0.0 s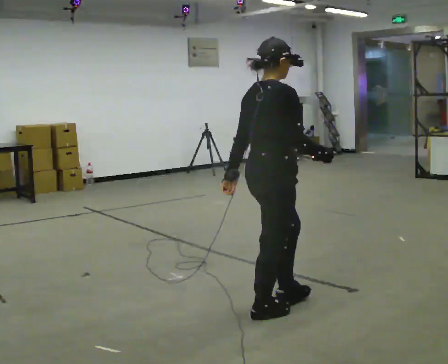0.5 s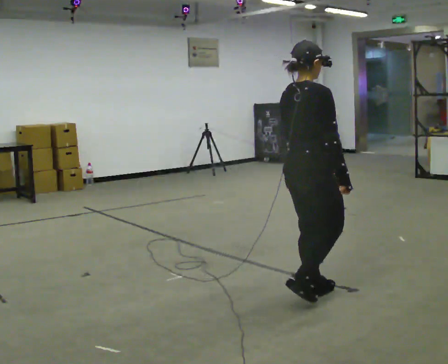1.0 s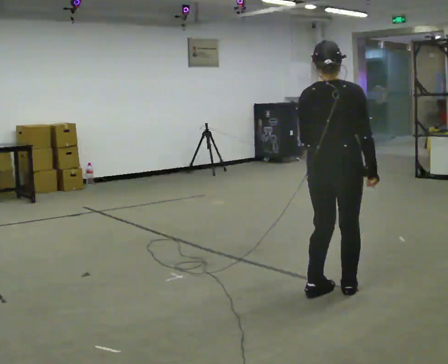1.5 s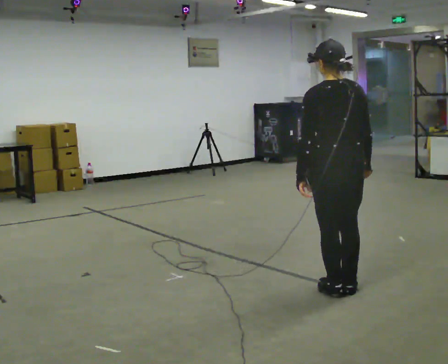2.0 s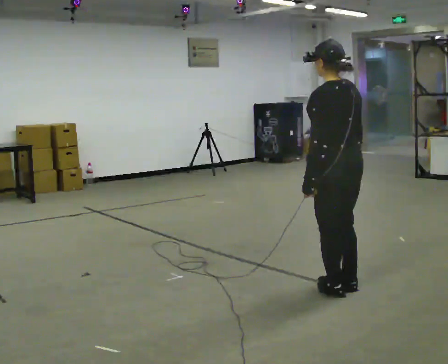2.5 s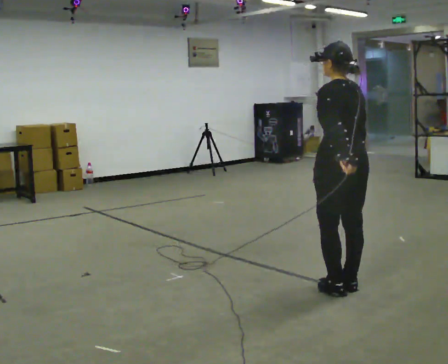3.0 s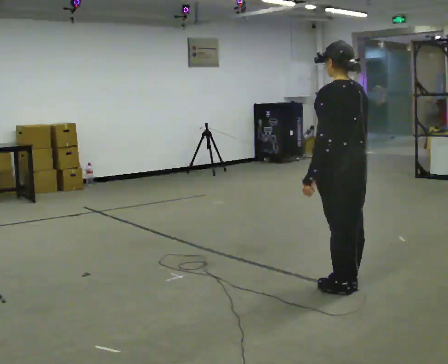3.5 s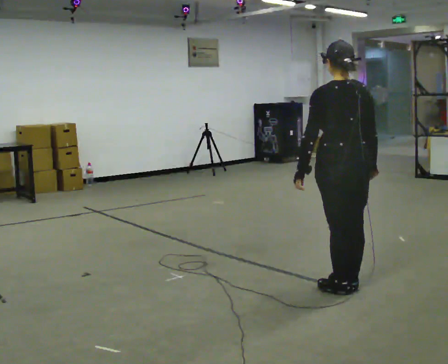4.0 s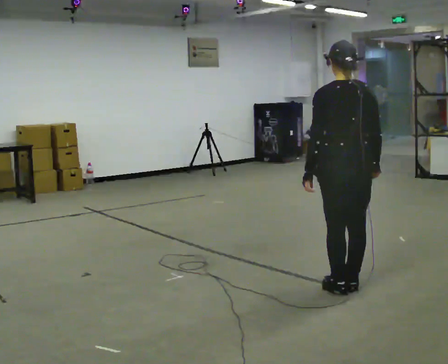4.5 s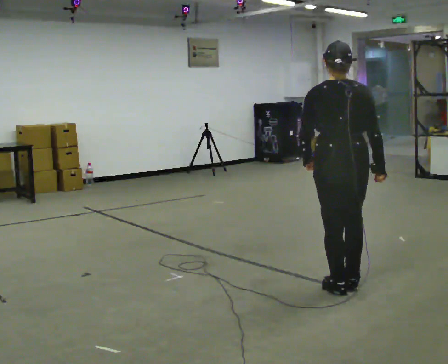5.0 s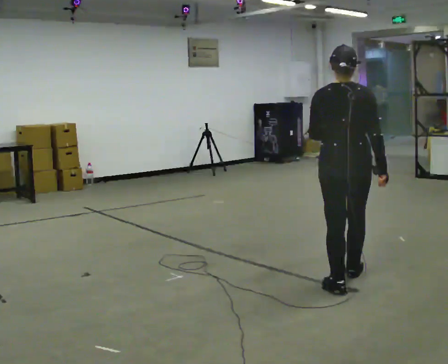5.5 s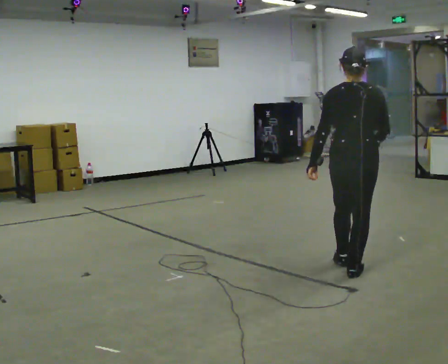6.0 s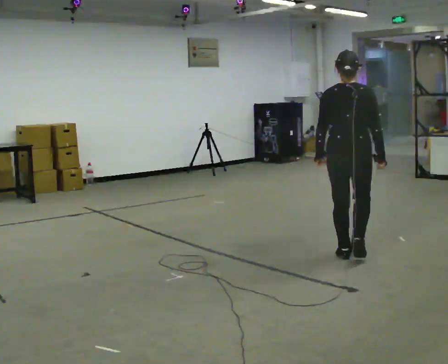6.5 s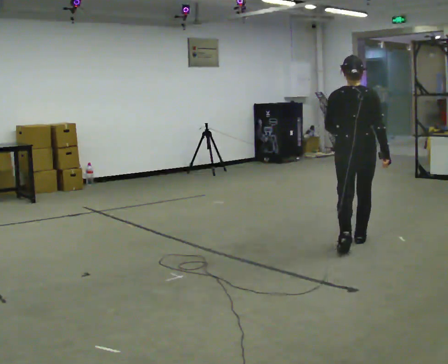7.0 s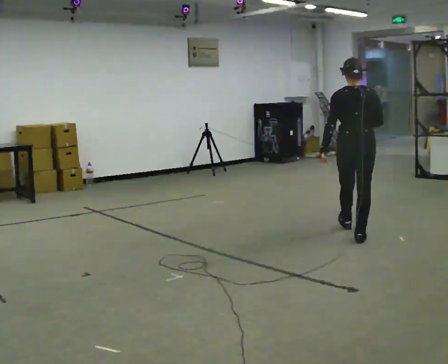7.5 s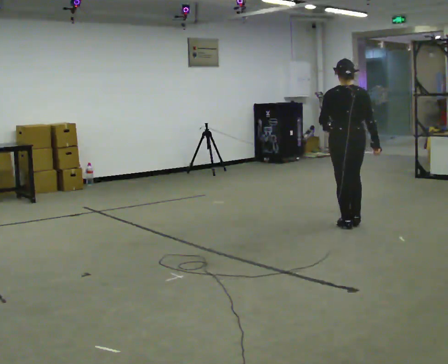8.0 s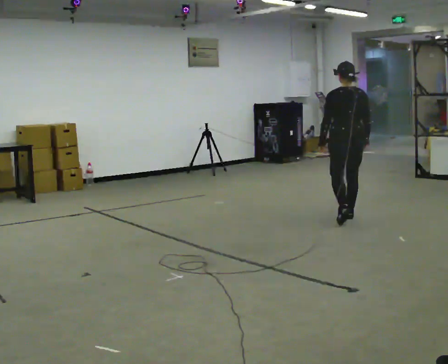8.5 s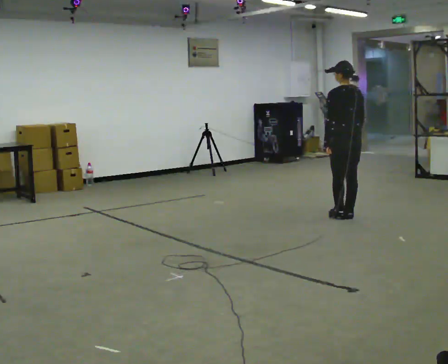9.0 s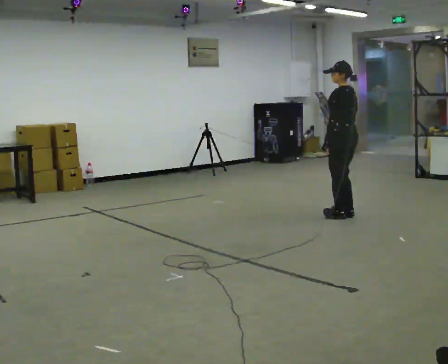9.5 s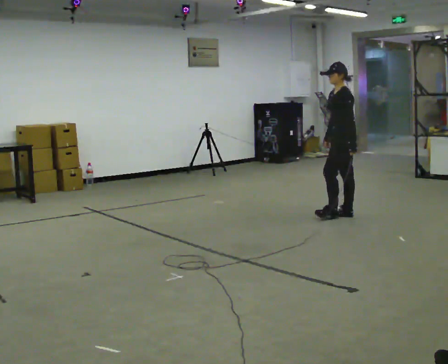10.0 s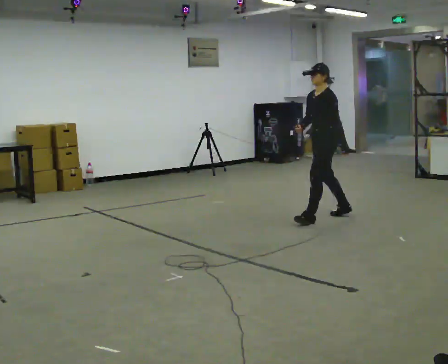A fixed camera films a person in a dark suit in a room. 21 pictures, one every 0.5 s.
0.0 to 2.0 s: Seen from above the body turns counterclockwise, about 105 degrees: to their left, with its near side sliding to the right. In the picture they go to the right and away from the camera, about 0.5 m in 3 steps.
2.0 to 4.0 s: The person turns about 30 degrees to their right, clockwise seen from above, so the part of the body nearest the lens slides to the left.
4.0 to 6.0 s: The part of the body nearest the lens slides to the left as the person turns to their right by about 30 degrees. In the picture they go away from the camera, about 0.5 m in 2 steps, which for them is forward.
6.0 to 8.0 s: In the picture they go away from the camera, about 1.5 m in 3 steps, which for them is forward.
8.0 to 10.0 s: Seen from above the body turns counterclockwise, about 90 degrees: to their left, with its near side sliding to the right. In the picture they go to the left, about 0.25 m in 2 steps.
The film runs forward here.
